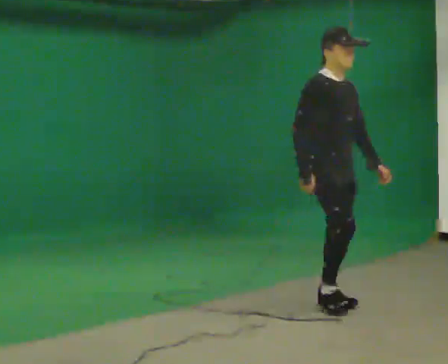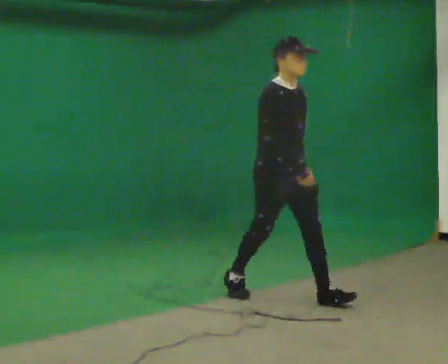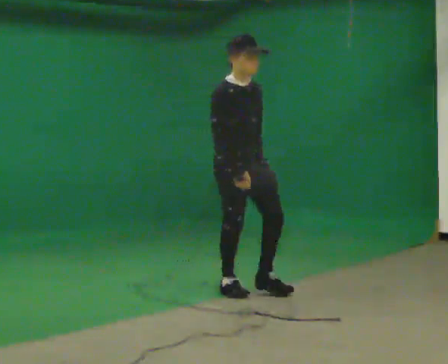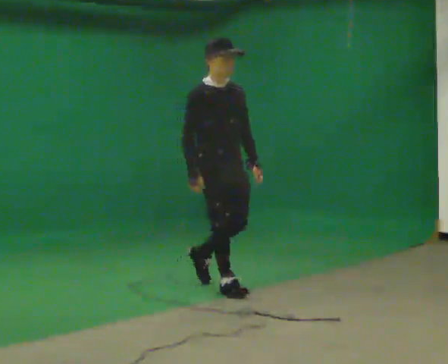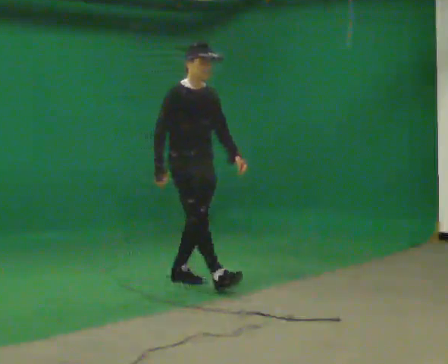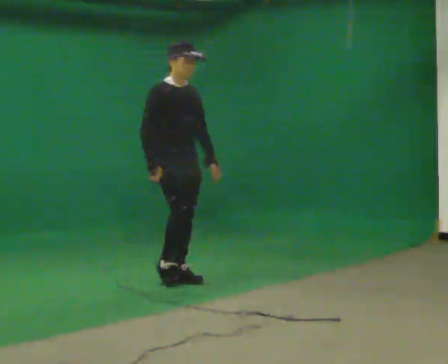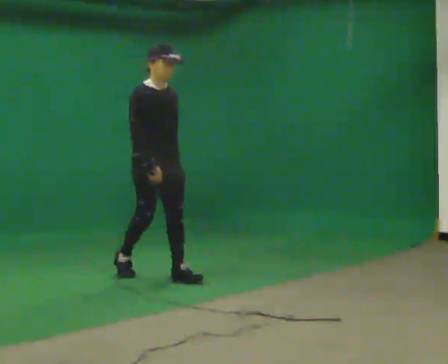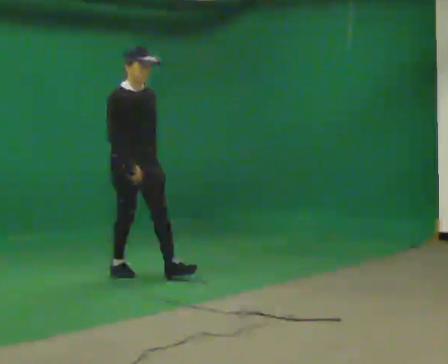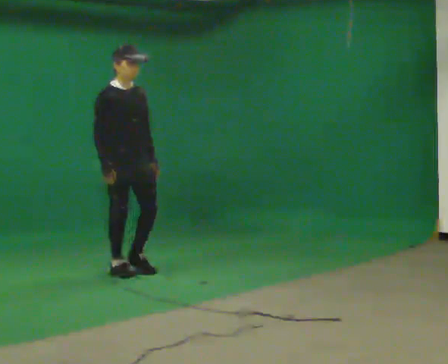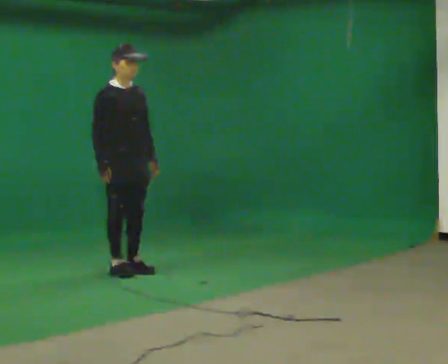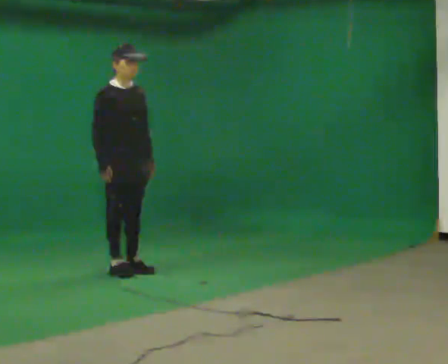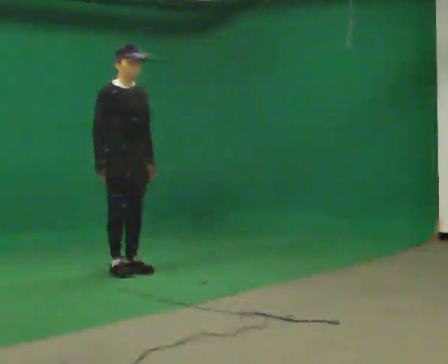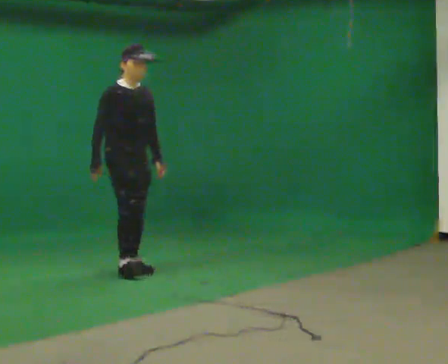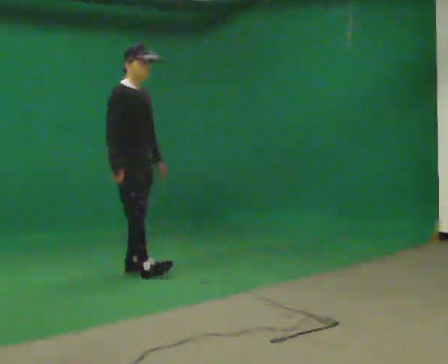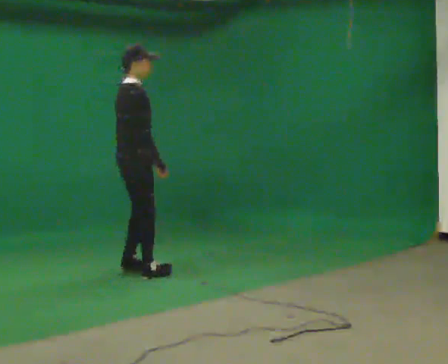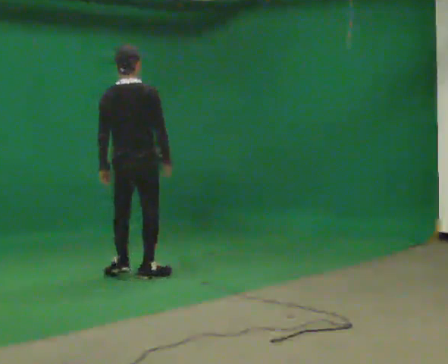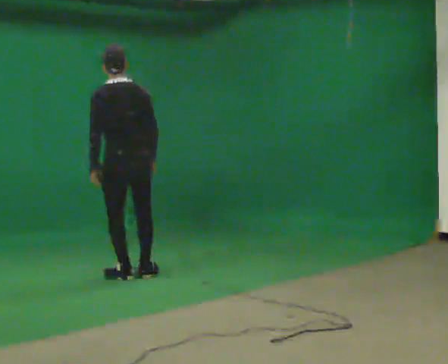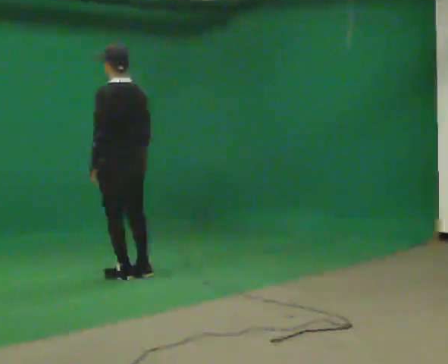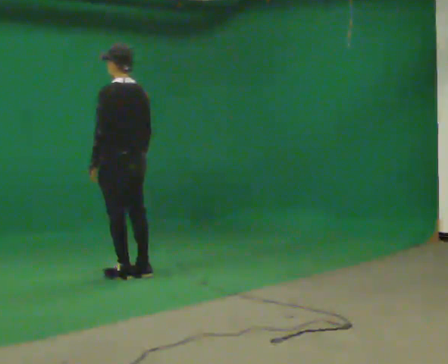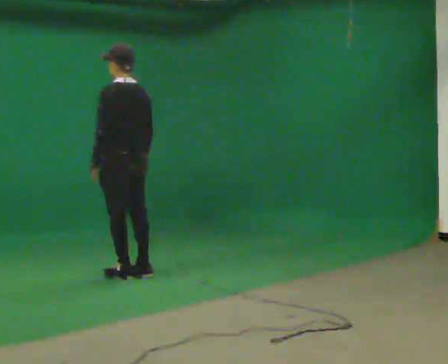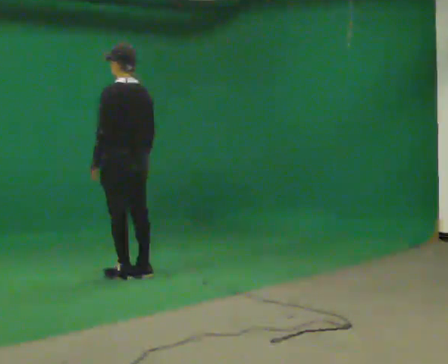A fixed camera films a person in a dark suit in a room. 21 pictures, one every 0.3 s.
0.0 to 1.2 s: In the picture they go away from the camera and to the left, about 1 m in 2 steps, which for them is backward.
1.2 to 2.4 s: In the picture they go to the left and away from the camera, about 0.5 m in 1 step, which for them is backward.
2.4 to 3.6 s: The person moves a little, or ends about where they began.
3.6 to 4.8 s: The person turns about 150 degrees to their left, counterclockwise seen from above, so the part of the body nearest the lens slides to the right. In the picture they go toward the camera, about 0.25 m in 1 step. In the picture their right hand goes to the right.
4.8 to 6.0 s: The person moves a little, or ends about where they began.
The film runs backward here.
